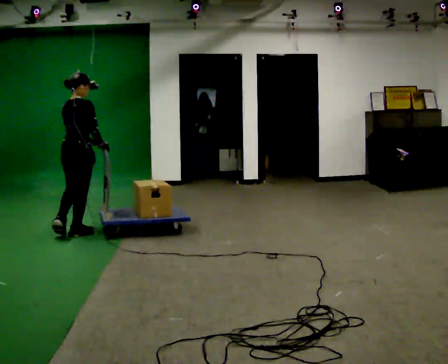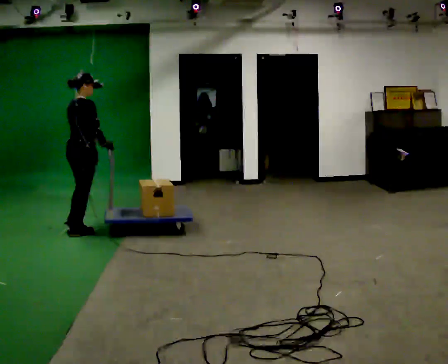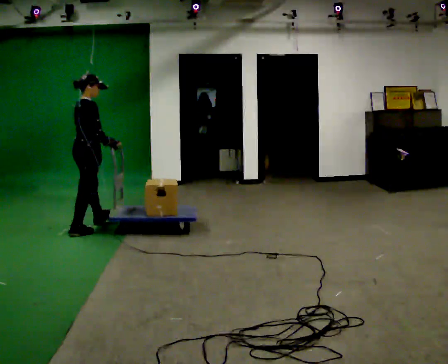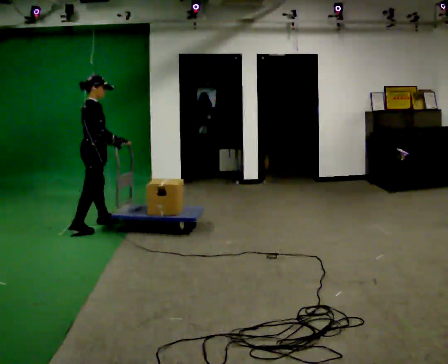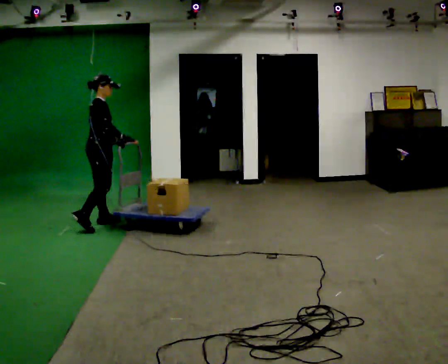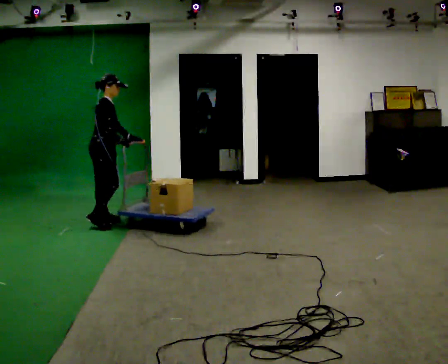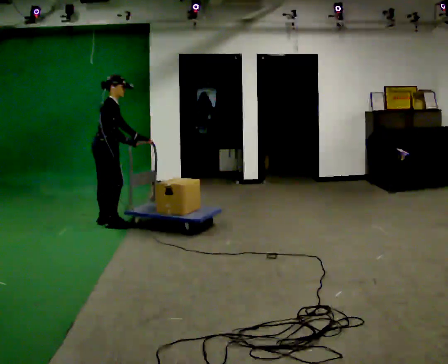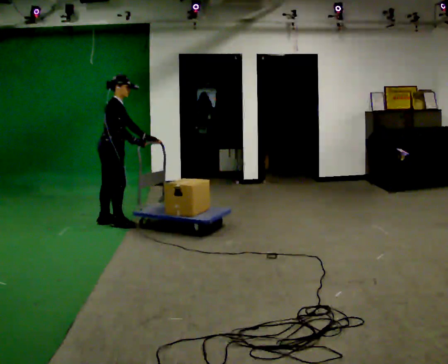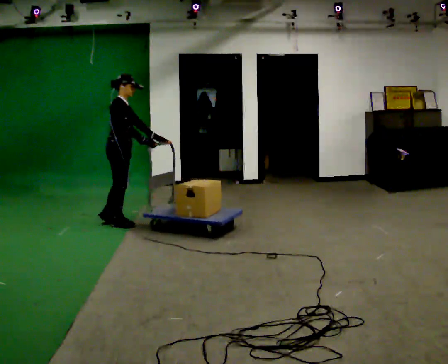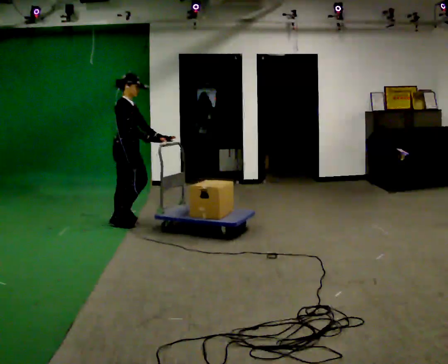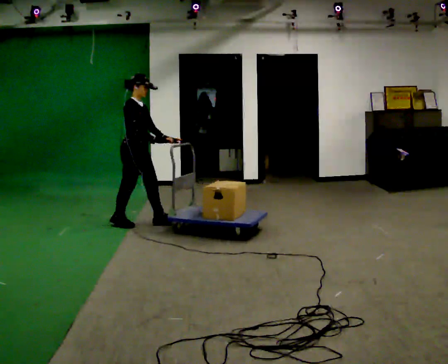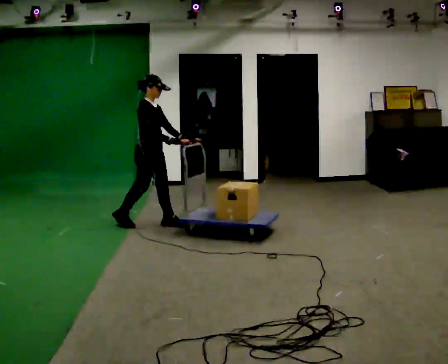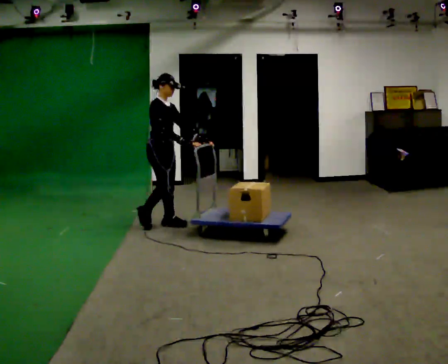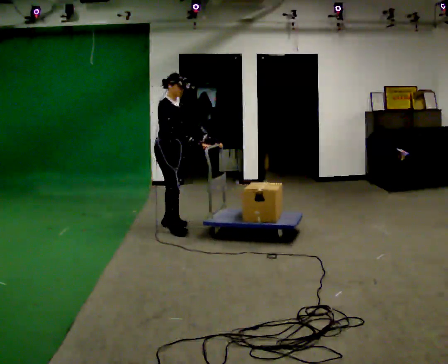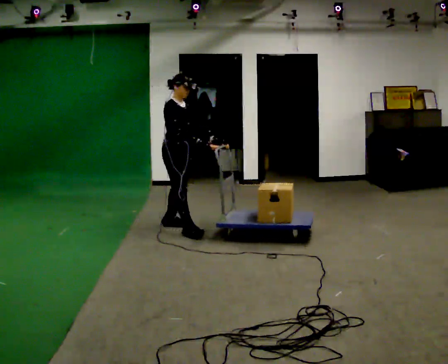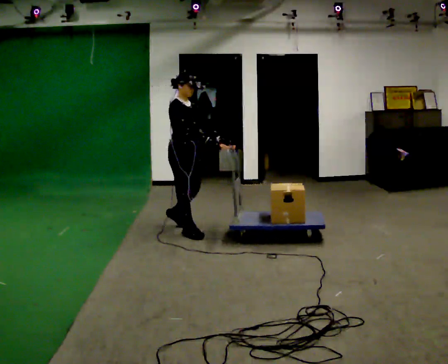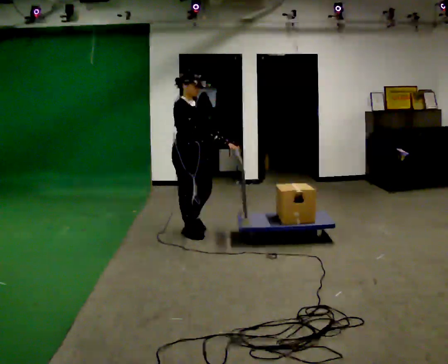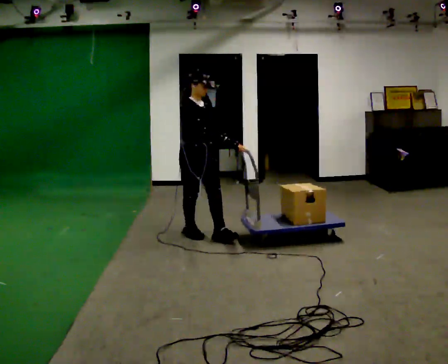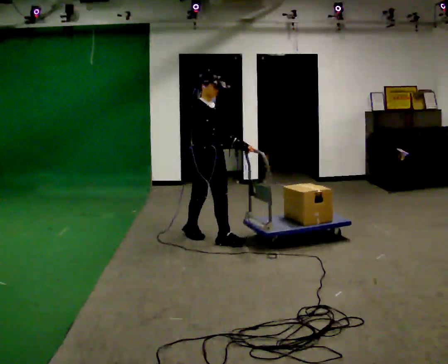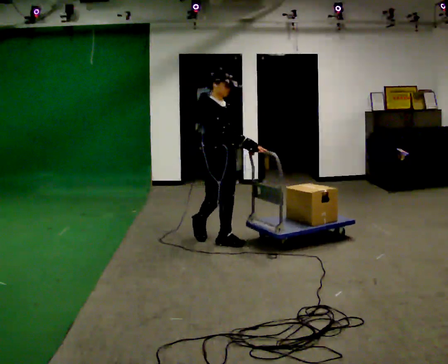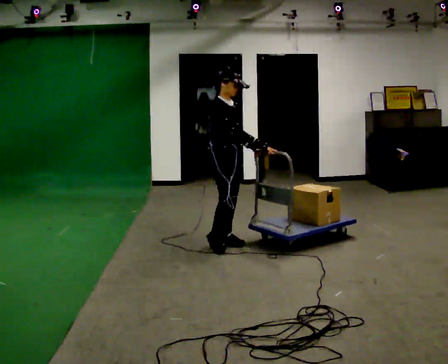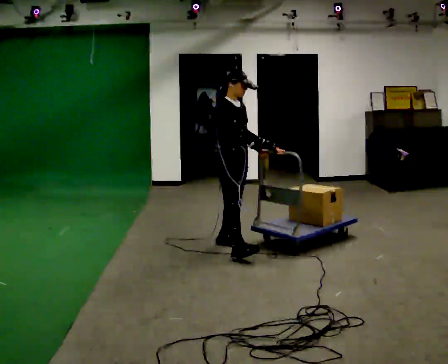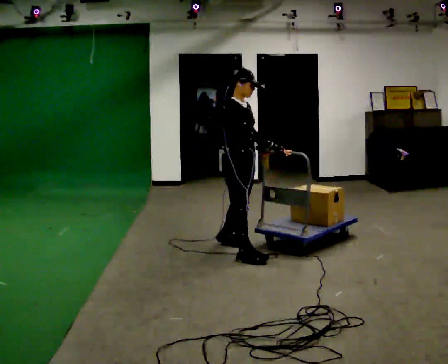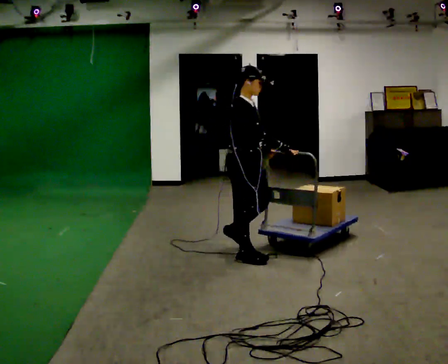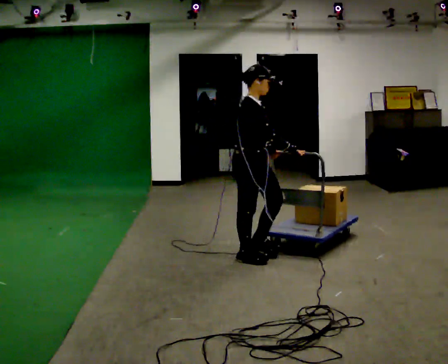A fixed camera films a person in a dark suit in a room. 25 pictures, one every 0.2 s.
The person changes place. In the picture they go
to the right.
The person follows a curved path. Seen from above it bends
clockwise.
0.0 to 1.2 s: Seen from above the body turns clockwise, about 45 degrees: to their right, with its near side sliding to the left. In the picture they go away from the camera and to the right, about 0.5 m in 1 step, which for them is forward and to their left.
1.2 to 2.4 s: Seen from above the body turns clockwise, about 45 degrees: to their right, with its near side sliding to the left. In the picture they go to the right, about 0.5 m in 2 steps, which for them is forward.
2.4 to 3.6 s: In the picture they go toward the camera and to the right, about 0.75 m in 2 steps, which for them is forward.
3.6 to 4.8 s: Seen from above the body turns counterclockwise, about 30 degrees: to their left, with its near side sliding to the right. In the picture they go toward the camera and to the right, about 0.75 m in 1 step, which for them is forward and to their right.
The film runs forward here.
